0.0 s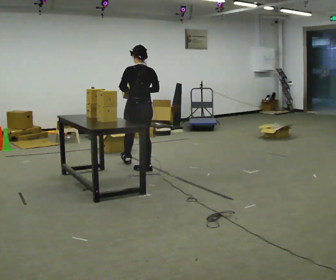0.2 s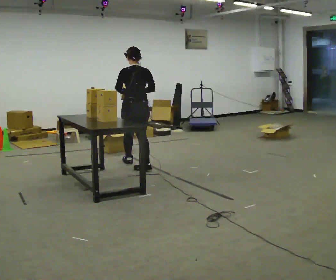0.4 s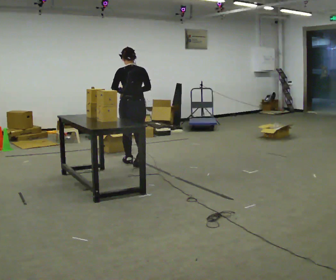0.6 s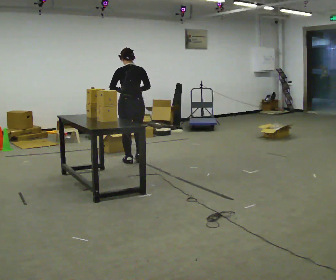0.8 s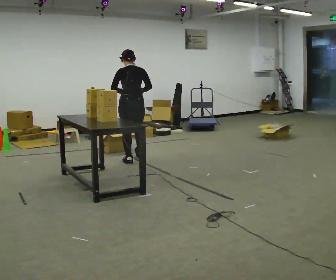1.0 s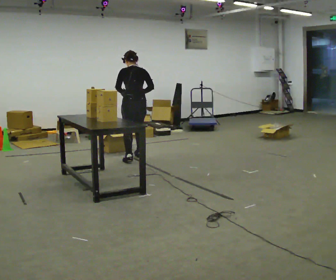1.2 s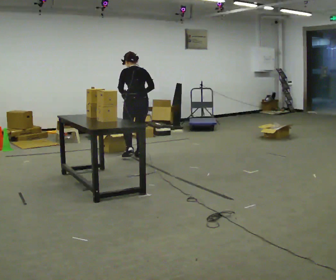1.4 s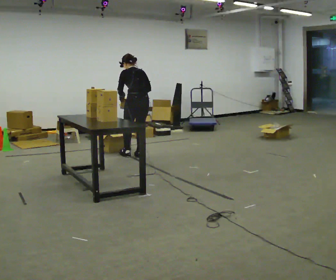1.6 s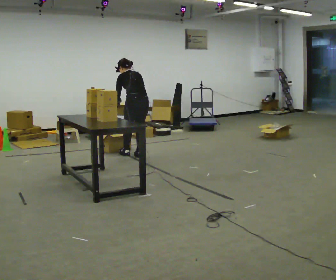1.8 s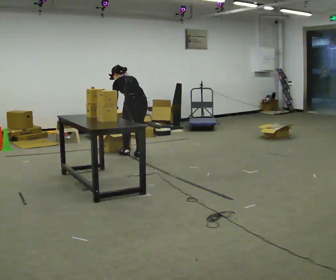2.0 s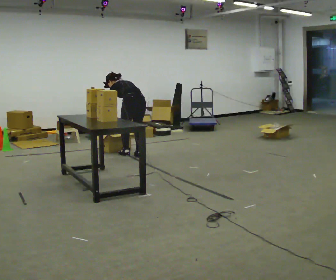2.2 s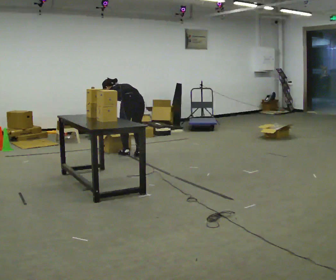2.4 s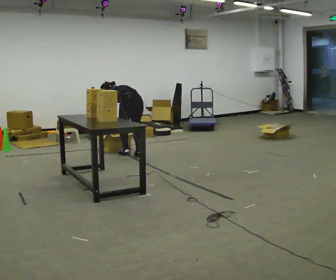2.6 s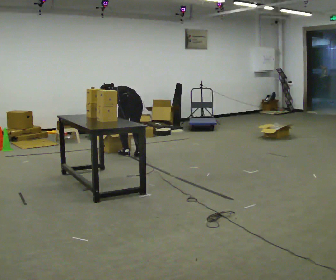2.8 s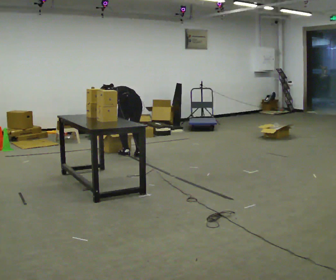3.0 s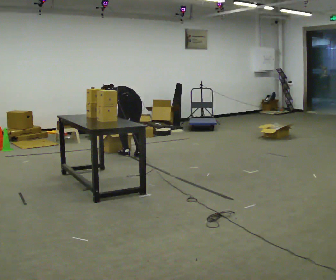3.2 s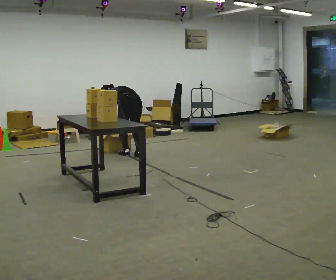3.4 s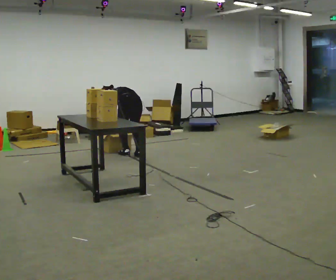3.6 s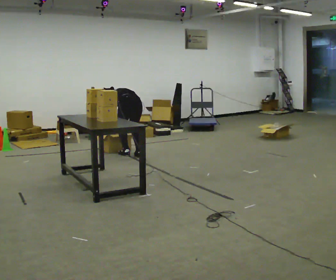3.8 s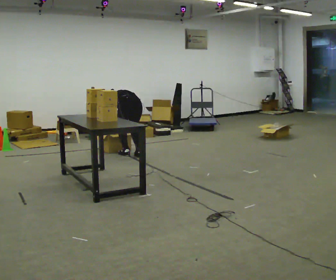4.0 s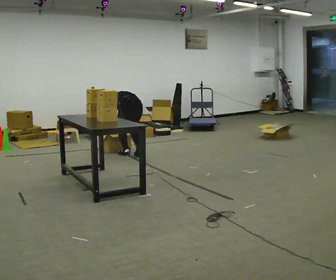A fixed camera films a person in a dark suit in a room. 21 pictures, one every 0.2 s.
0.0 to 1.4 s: In the picture they go away from the camera, about 0.5 m in 2 steps, which for them is forward. The upper body tips away from the camera, its near side rolling upward, as they bend forward.
1.4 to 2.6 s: The upper body goes downward. In the picture the upper body tilts counterclockwise, shoulders to the left, as they bend forward. In the picture their left hand goes downward.
2.6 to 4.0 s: The person moves a little, or ends about where they began.
The film runs forward here.
